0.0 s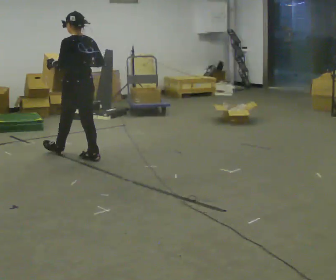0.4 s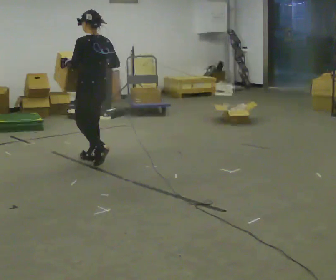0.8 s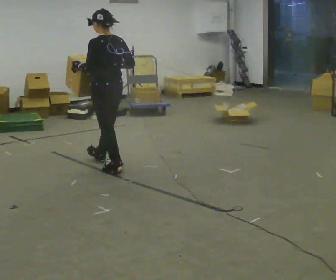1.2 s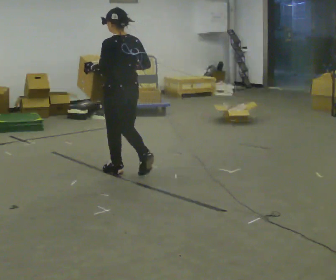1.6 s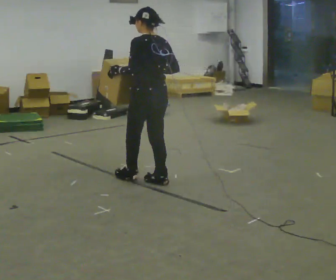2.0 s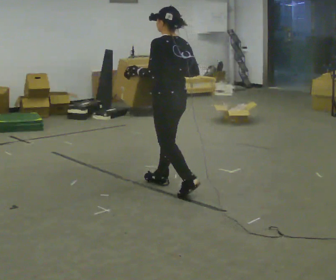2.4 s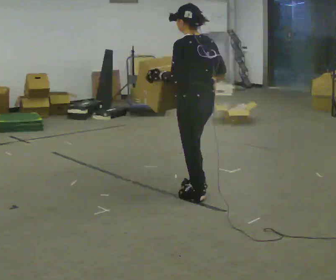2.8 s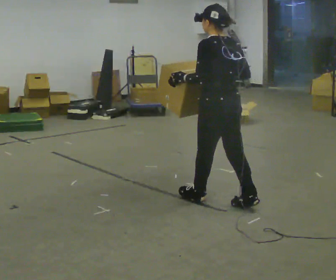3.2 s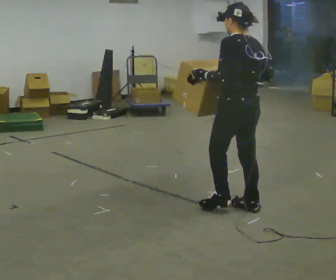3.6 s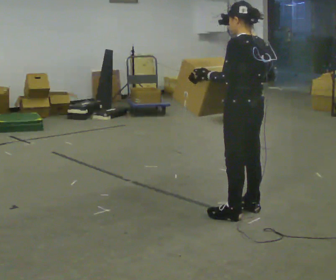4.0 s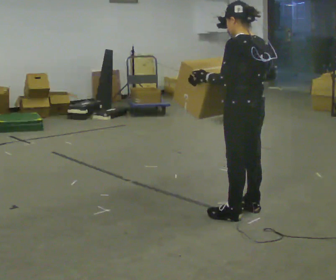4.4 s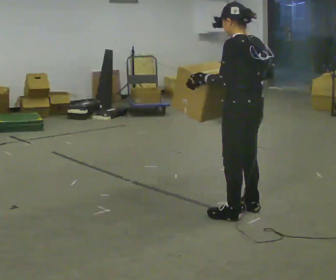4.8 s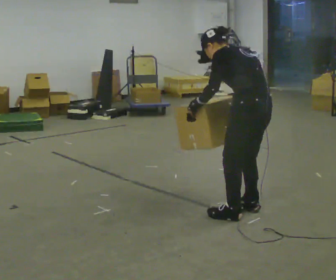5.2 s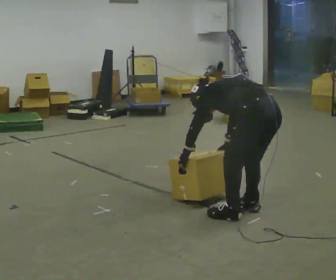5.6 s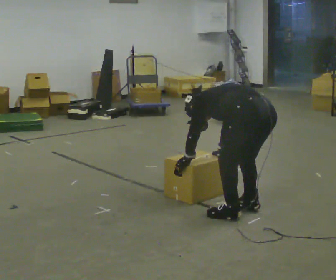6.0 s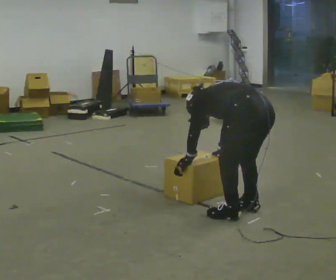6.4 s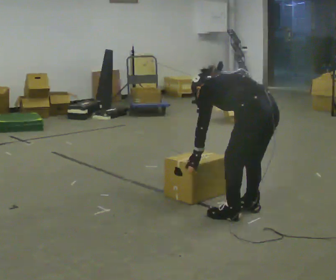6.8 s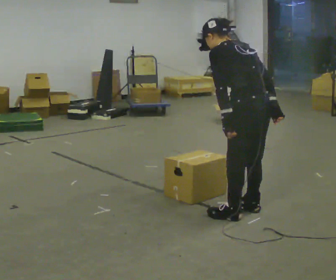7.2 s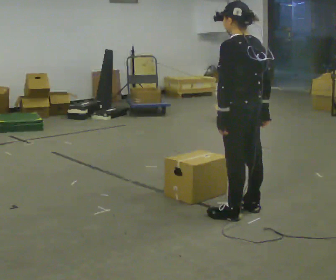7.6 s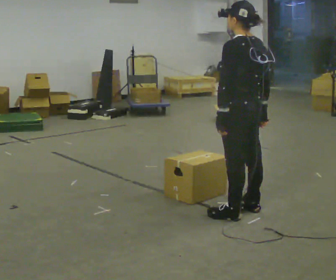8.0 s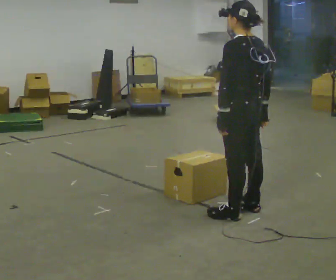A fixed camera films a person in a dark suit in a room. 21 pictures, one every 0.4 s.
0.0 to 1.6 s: In the picture they go to the right and toward the camera, about 1 m in 2 steps, which for them is backward.
1.6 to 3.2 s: In the picture they go to the right and toward the camera, about 1 m in 2 steps, which for them is backward.
3.2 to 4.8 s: In the picture they go toward the camera, about 0.25 m, which for them is backward. In the picture the upper body tilts counterclockwise, shoulders to the left, as they bend forward.
4.8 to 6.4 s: In the picture their left hand goes downward.
6.4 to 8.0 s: The upper body goes upward. The upper body tips toward the camera, its near side rolling downward, as they lean back or straighten.
The film runs backward here.
